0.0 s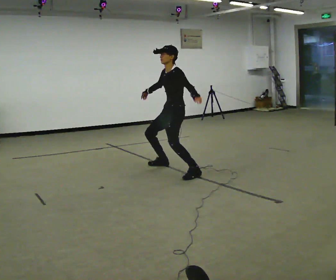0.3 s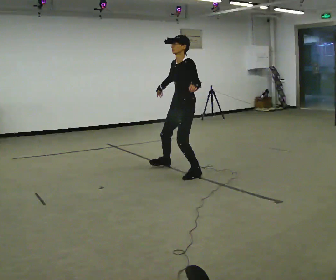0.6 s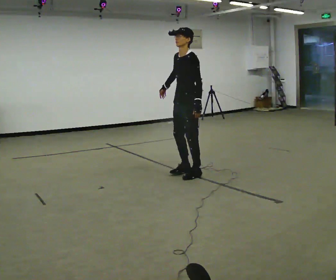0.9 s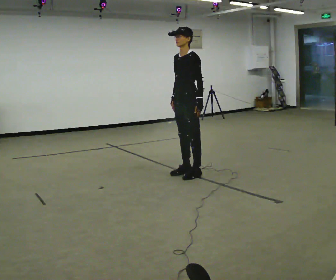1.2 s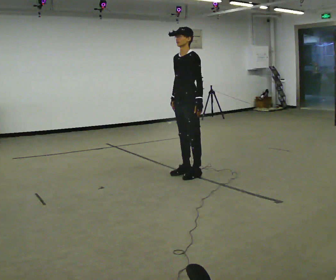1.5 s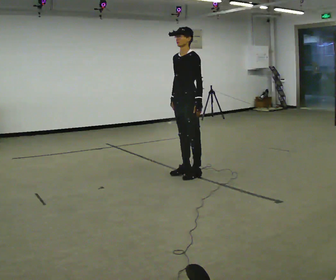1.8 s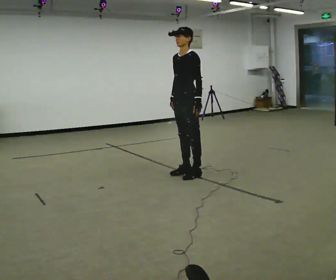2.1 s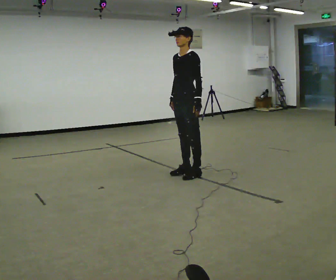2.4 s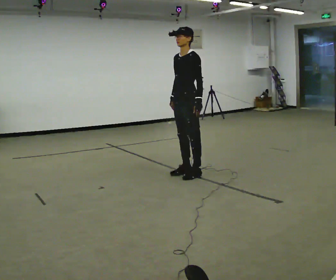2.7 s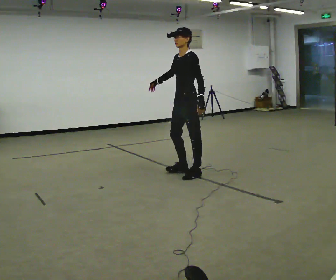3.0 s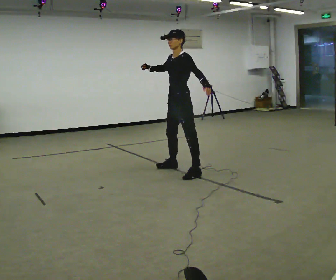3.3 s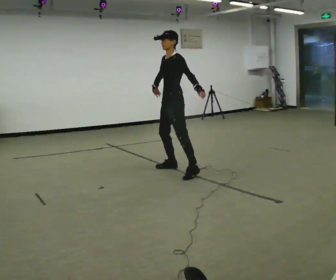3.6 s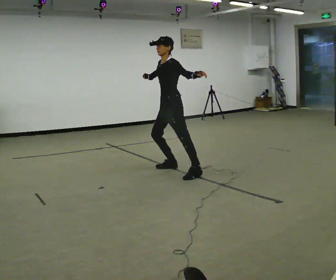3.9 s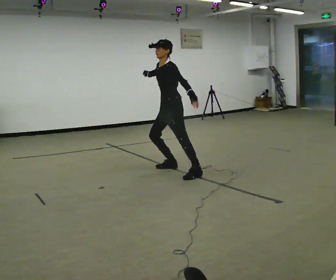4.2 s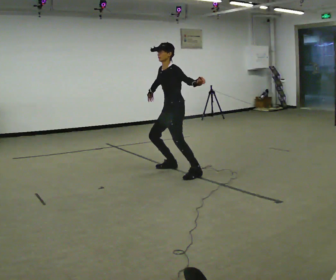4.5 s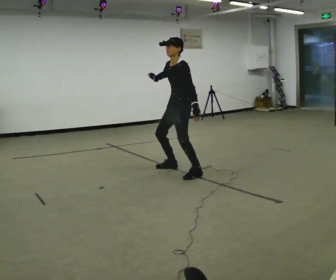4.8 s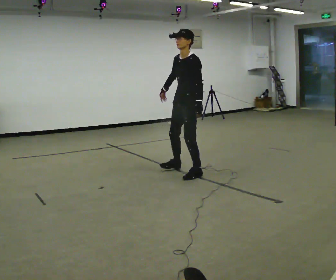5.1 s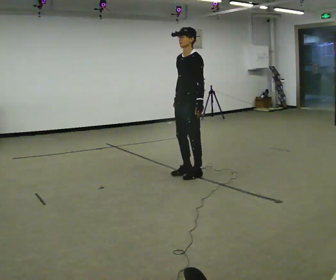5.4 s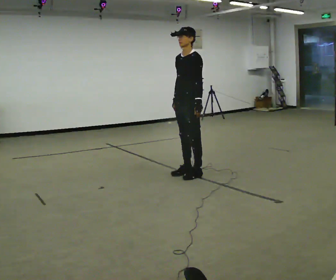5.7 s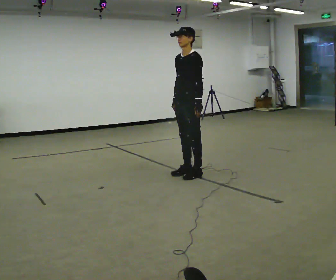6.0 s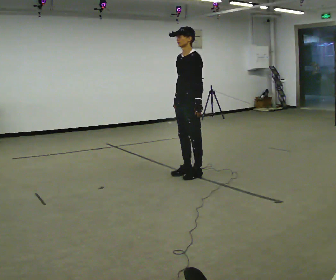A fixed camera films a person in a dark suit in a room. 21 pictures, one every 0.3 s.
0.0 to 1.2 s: In the picture they go toward the camera, about 0.25 m in 1 step, which for them is to their left. The upper body goes upward.
1.2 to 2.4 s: The person moves a little, or ends about where they began.
2.4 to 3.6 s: In the picture they go away from the camera and to the left, about 0.25 m in 1 step, which for them is to their right. In the picture their left hand goes upward.
3.6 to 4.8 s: In the picture they go toward the camera and to the right, about 0.25 m, which for them is to their left. In the picture their left hand goes downward.
4.8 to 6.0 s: The person moves a little, or ends about where they began.
The film runs forward here.
